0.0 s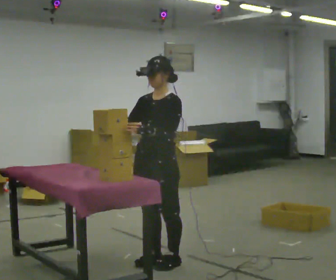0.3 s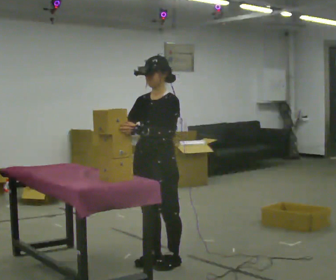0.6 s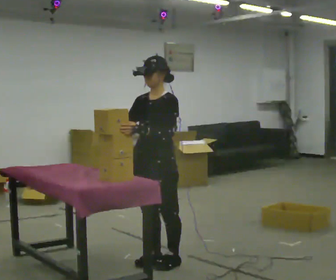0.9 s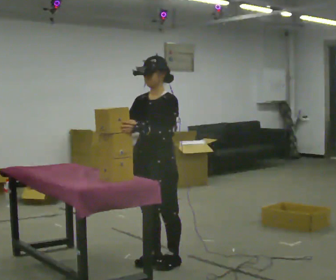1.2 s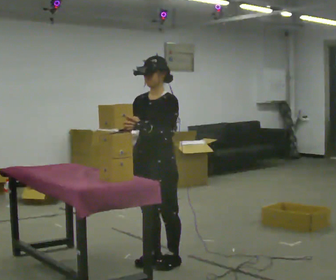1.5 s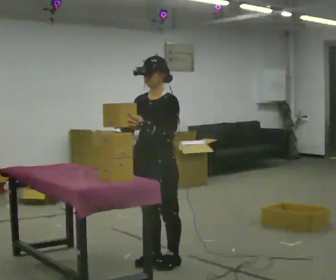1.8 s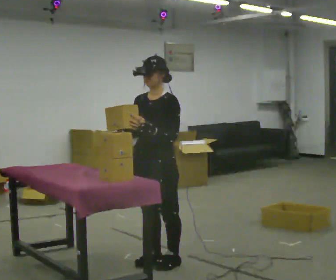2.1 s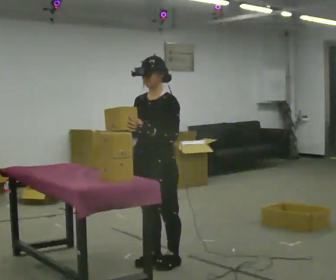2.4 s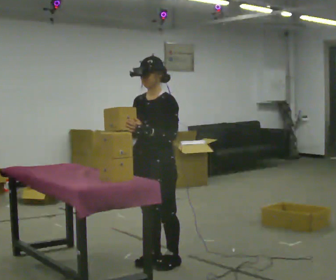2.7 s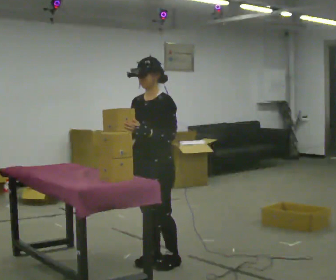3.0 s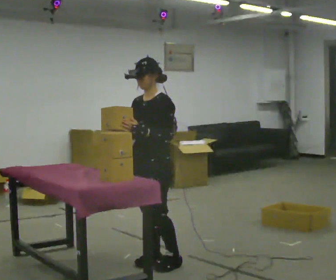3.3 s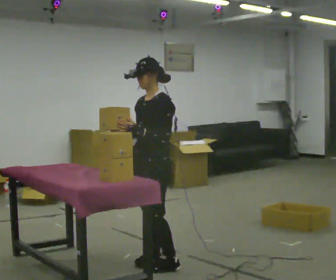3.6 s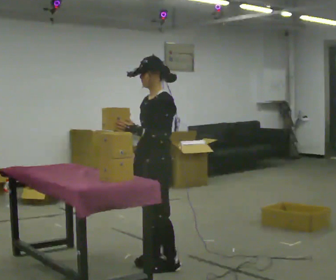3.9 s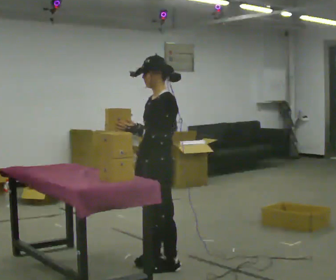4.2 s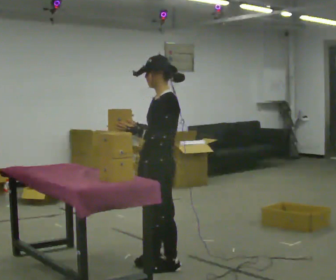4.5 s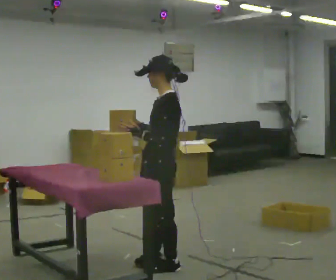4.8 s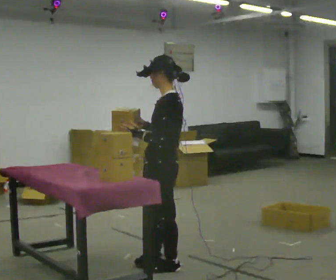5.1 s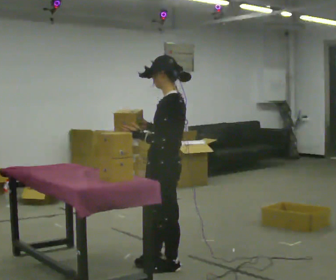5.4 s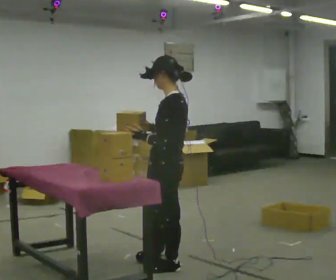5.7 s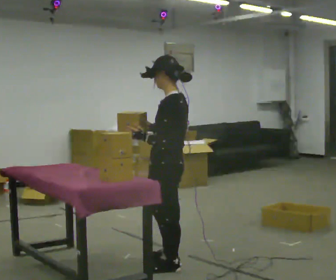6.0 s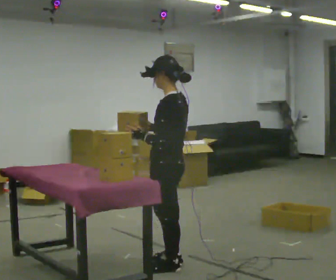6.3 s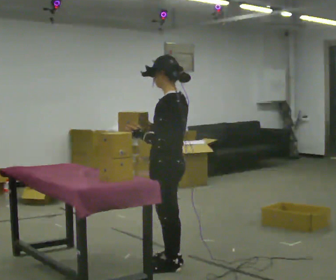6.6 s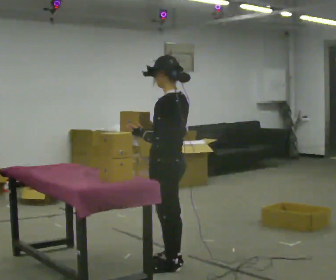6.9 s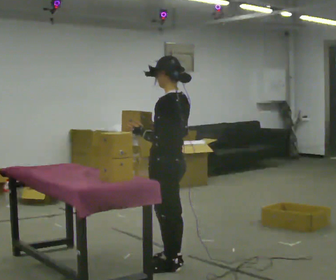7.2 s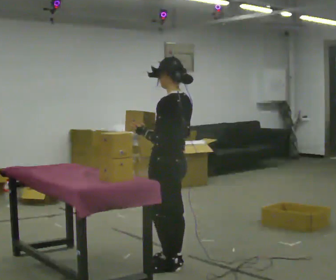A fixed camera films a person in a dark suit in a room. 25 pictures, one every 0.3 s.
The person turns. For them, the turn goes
to their right.
The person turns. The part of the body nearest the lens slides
to the left.
0.0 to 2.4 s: The person moves a little, or ends about where they began.
2.4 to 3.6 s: The part of the body nearest the lens slides to the left as the person turns to their right by about 30 degrees.
3.6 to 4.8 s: The person turns about 30 degrees to their right, clockwise seen from above, so the part of the body nearest the lens slides to the left.
4.8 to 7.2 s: The person moves a little, or ends about where they began.
The film runs forward here.
